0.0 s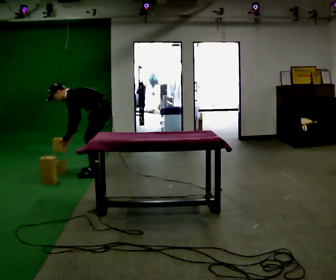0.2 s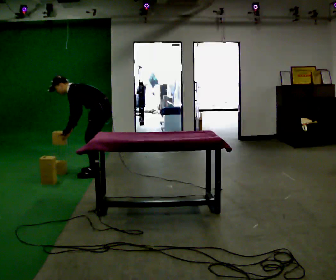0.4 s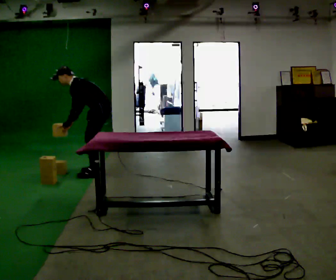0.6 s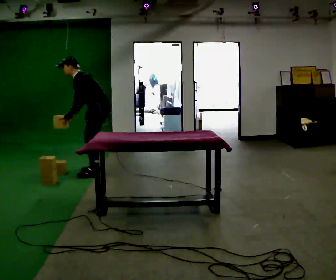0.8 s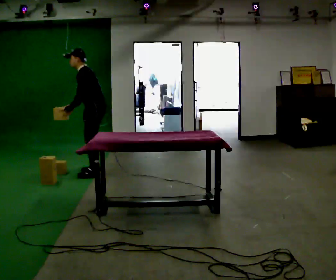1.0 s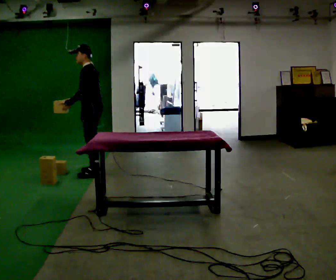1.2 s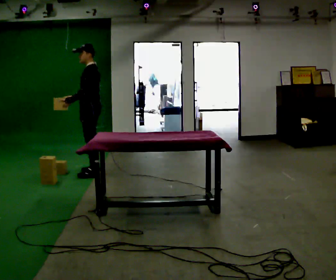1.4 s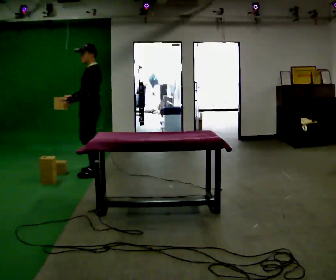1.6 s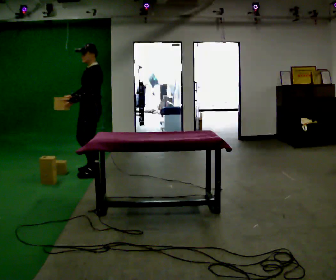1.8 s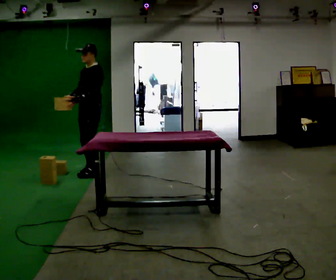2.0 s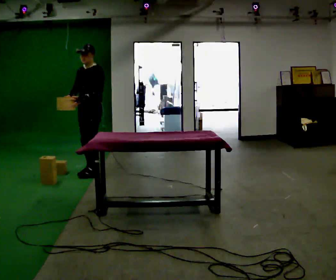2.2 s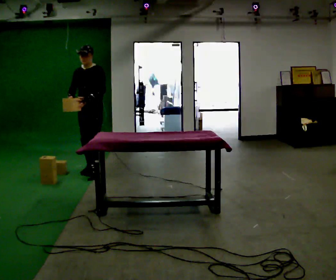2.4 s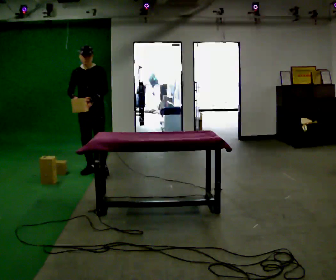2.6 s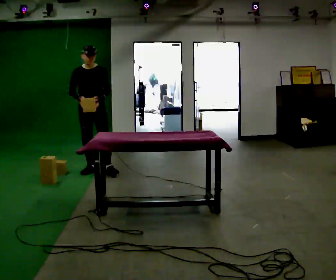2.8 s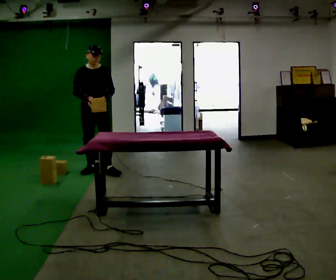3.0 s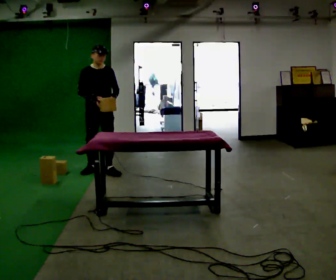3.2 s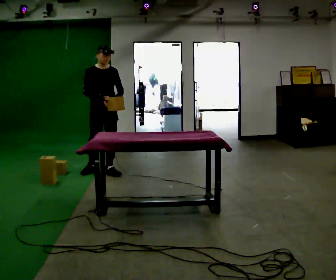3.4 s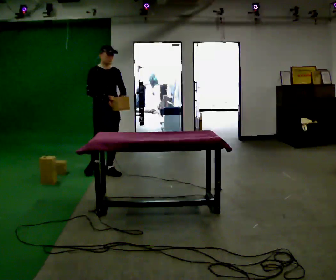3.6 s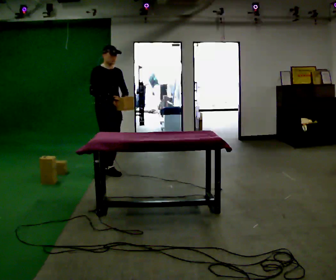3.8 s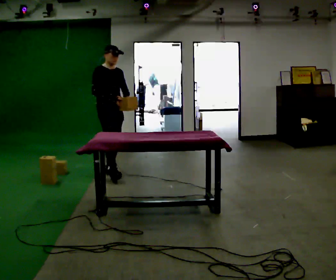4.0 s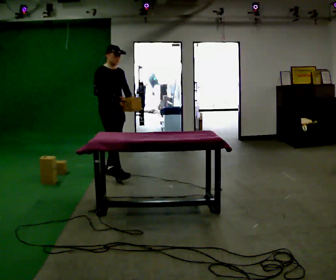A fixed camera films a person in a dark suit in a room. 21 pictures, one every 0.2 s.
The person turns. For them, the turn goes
to their left.
The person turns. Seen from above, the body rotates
counterclockwise.
0.0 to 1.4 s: The shoulders move upward. In the picture the upper body tilts clockwise, shoulders to the right, as they lean back or straighten. In the picture their right hand goes upward.
1.4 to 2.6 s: Seen from above the body turns counterclockwise, about 75 degrees: to their left, with its near side sliding to the right. In the picture they go away from the camera, about 0.25 m in 1 step. In the picture their left hand goes to the right, the arm swinging counterclockwise.
2.6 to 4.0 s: The person turns about 45 degrees to their left, counterclockwise seen from above, so the part of the body nearest the lens slides to the right. In the picture they go to the right and toward the camera, about 0.25 m in 1 step, which for them is forward and to their left.
The film runs forward here.
